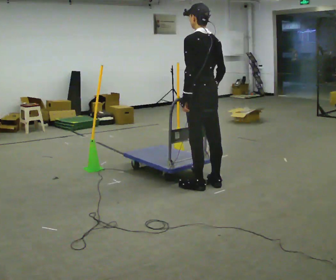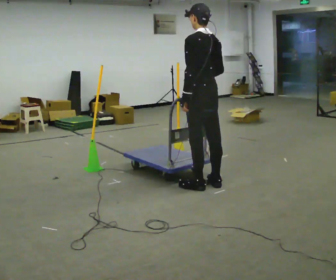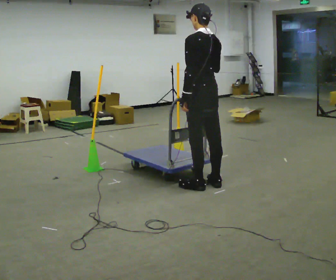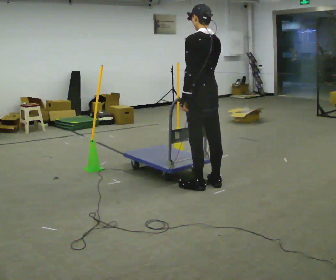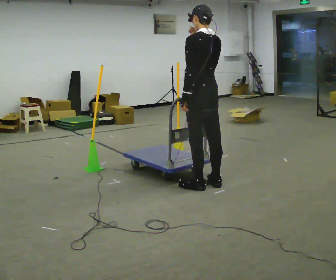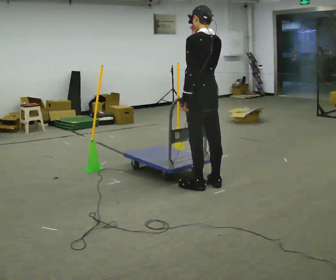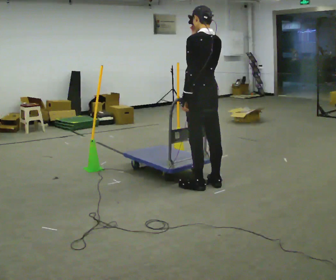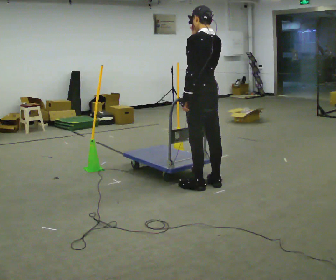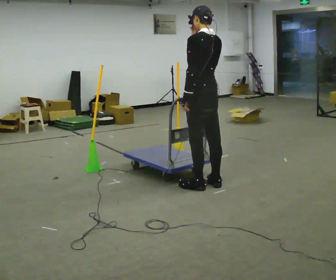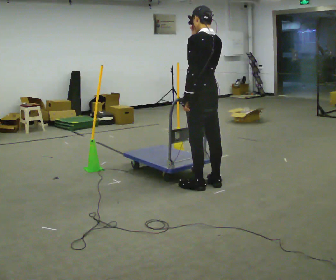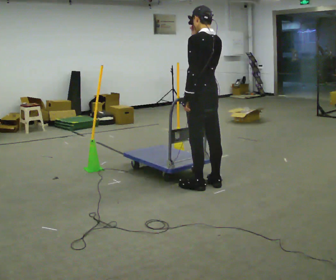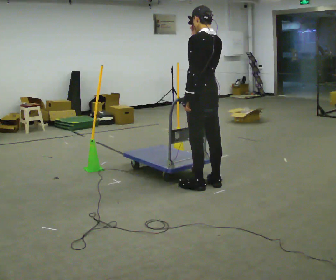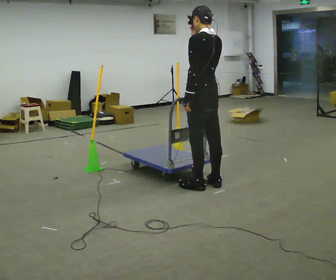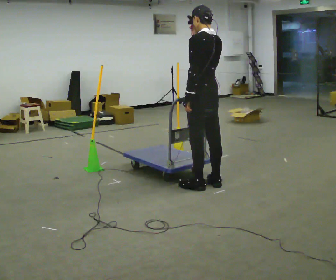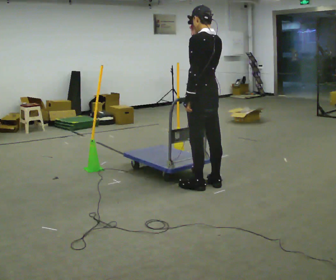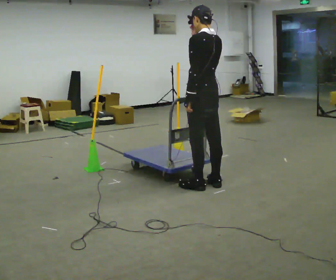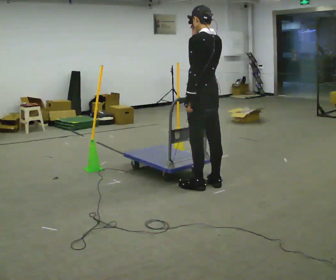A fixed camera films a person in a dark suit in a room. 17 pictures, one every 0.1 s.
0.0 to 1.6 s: In the picture their right hand goes upward.
The film runs backward here.
